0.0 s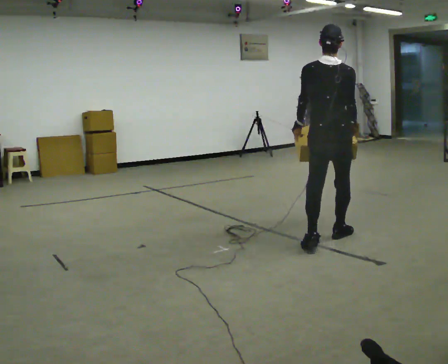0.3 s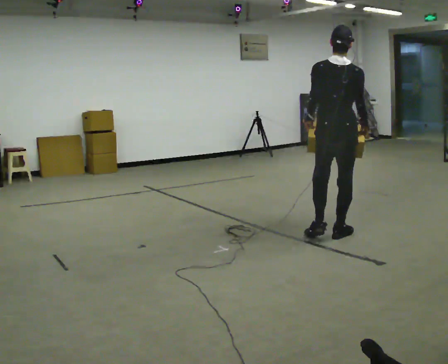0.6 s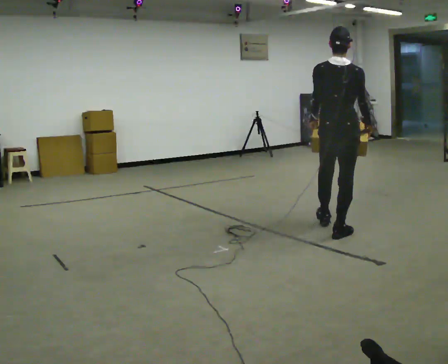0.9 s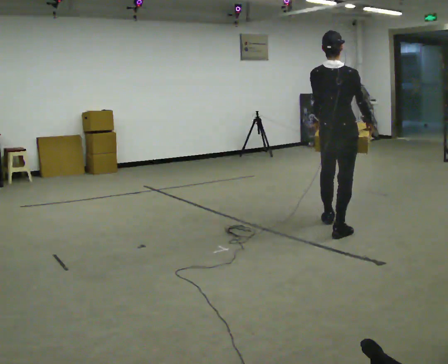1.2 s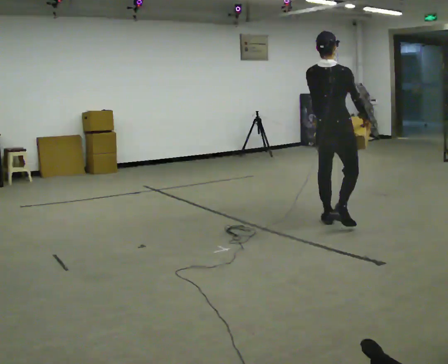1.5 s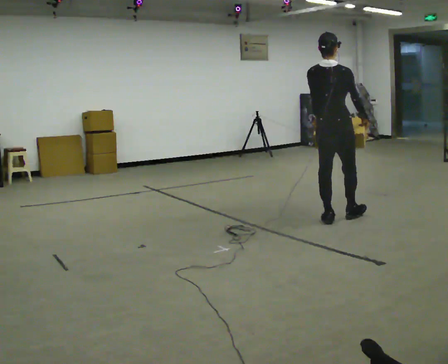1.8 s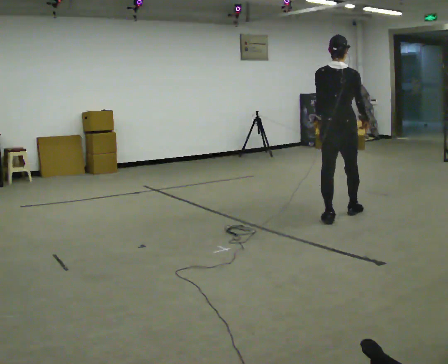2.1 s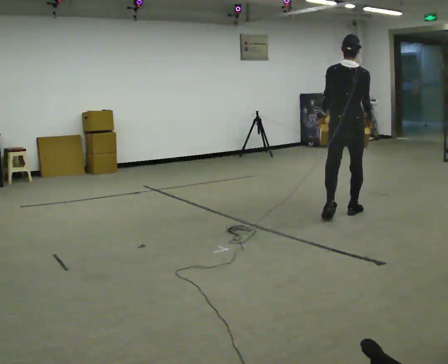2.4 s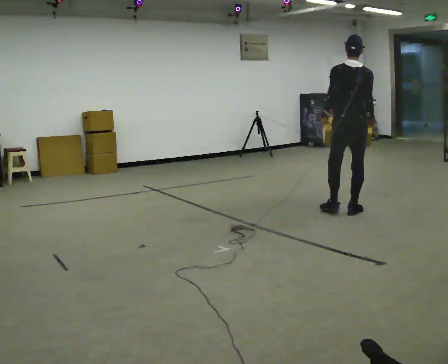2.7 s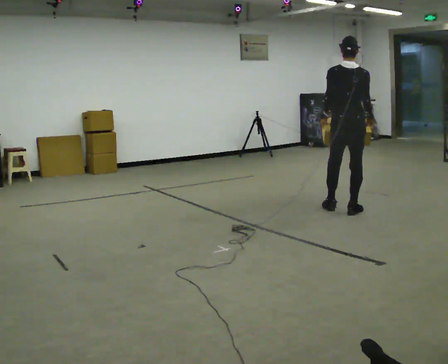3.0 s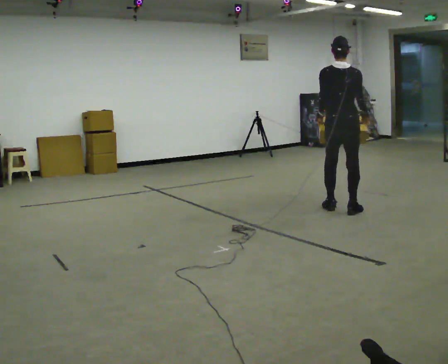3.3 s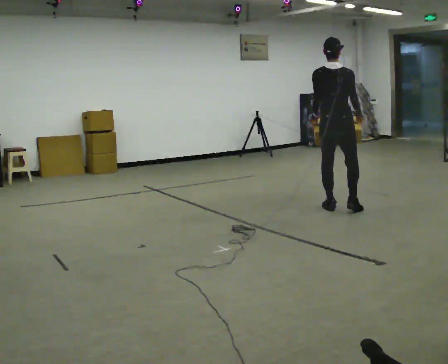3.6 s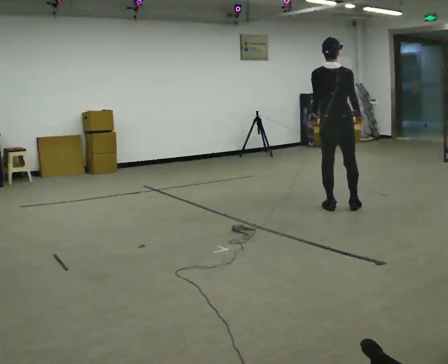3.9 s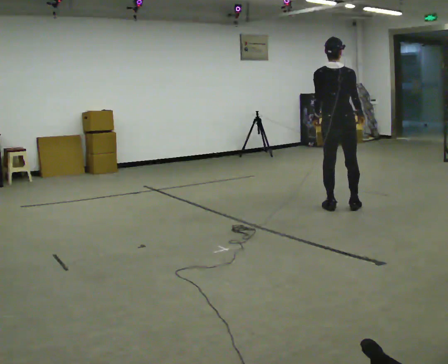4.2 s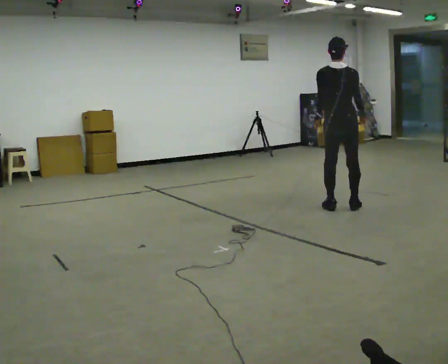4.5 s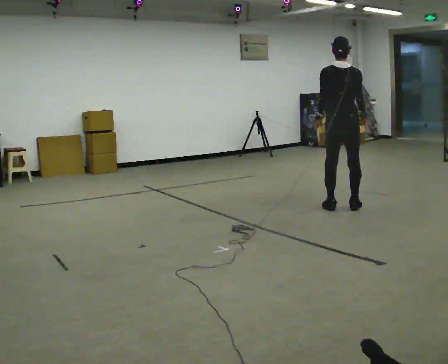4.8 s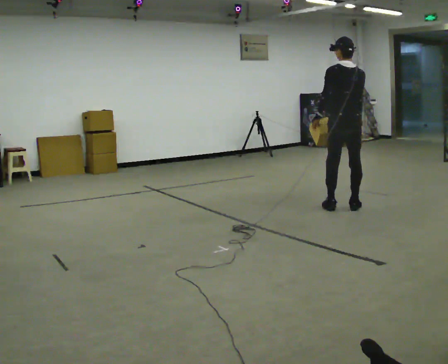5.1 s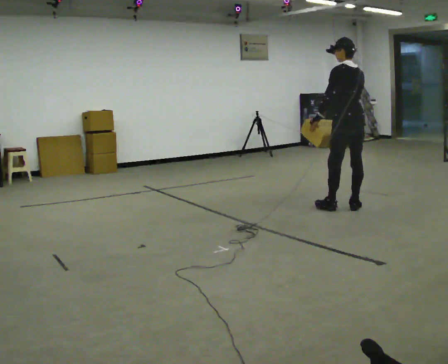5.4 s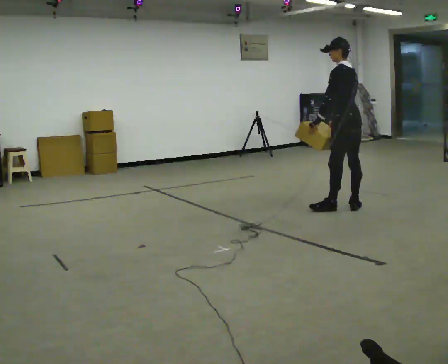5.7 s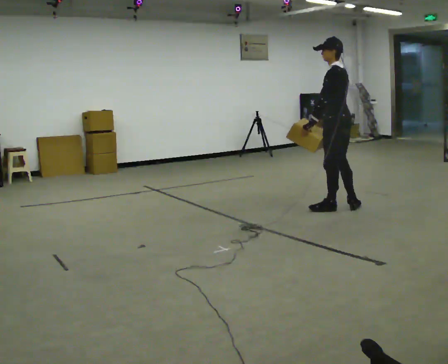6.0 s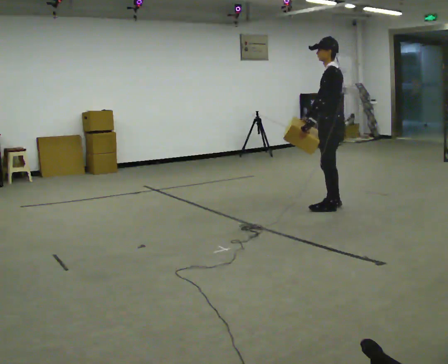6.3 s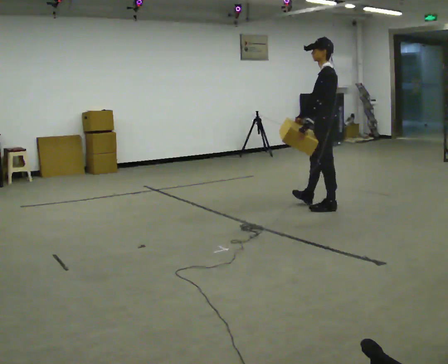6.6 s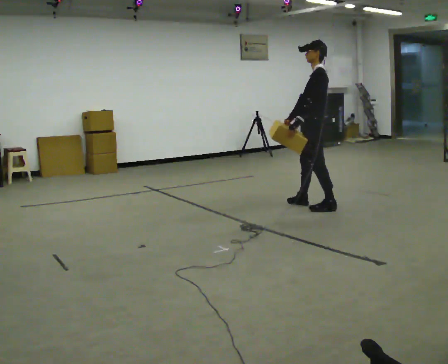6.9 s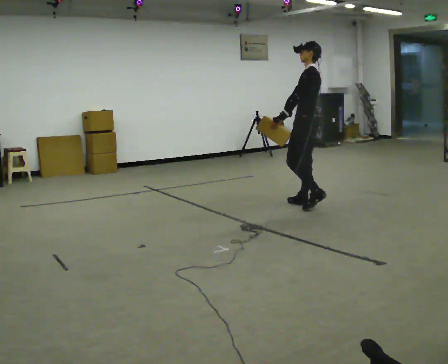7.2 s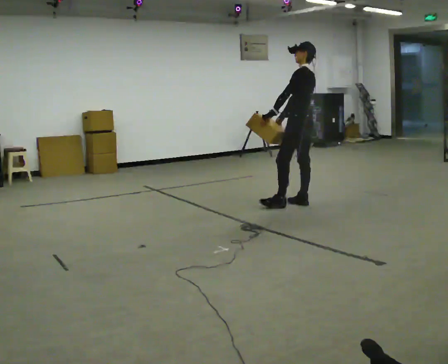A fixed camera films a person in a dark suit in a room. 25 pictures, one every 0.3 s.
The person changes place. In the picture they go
away from the camera.
0.0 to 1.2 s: In the picture they go away from the camera, about 0.5 m in 1 step, which for them is forward.
1.2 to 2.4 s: In the picture they go away from the camera and to the right, about 0.5 m in 1 step, which for them is forward and to their right.
2.4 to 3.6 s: In the picture they go away from the camera and to the left, about 0.25 m in 2 steps, which for them is forward and to their left.
3.6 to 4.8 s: The person moves a little, or ends about where they began.
4.8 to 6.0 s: The person turns about 60 degrees to their left, counterclockwise seen from above, so the part of the body nearest the lens slides to the right. In the picture their right hand goes to the left, the arm swinging clockwise.
6.0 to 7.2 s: In the picture they go to the left and away from the camera, about 0.5 m in 1 step, which for them is forward and to their right.
The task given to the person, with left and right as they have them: Carry the medium box in both hands in front of you, walking back and forth across the room. Keep walking until the operator says stop.
The film runs forward here.
